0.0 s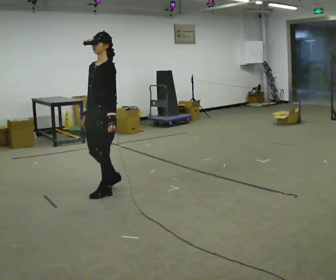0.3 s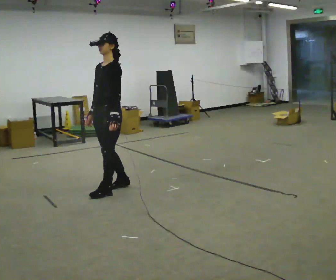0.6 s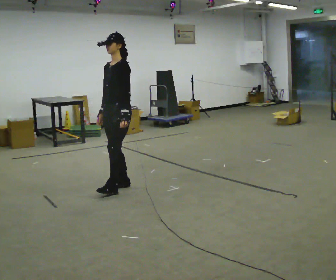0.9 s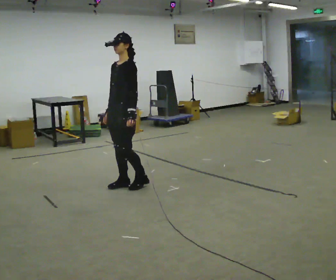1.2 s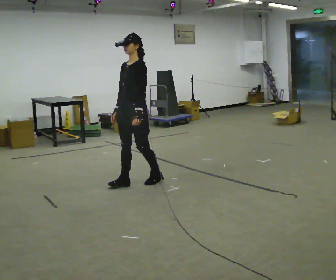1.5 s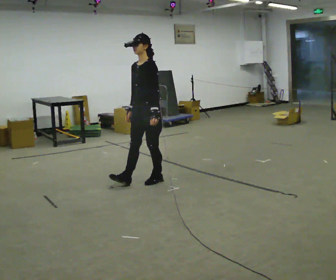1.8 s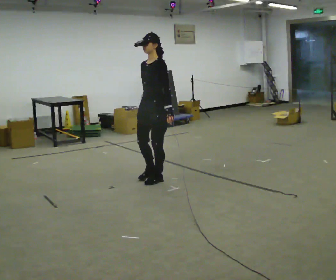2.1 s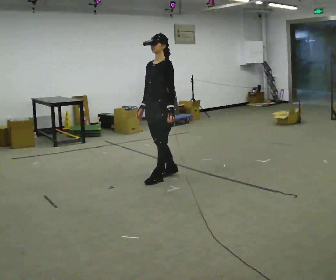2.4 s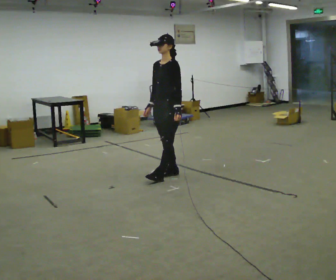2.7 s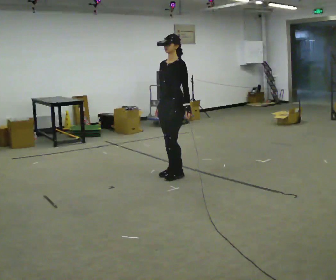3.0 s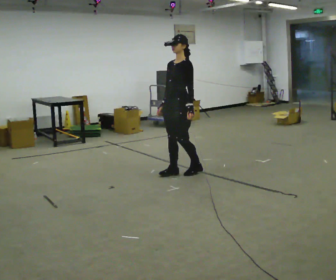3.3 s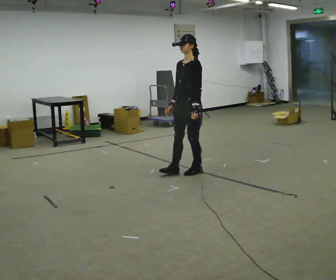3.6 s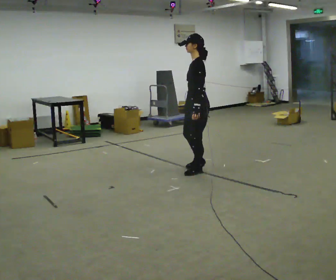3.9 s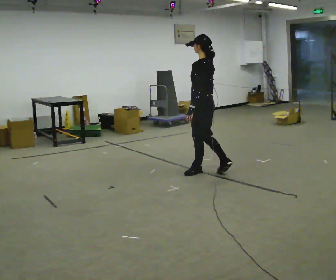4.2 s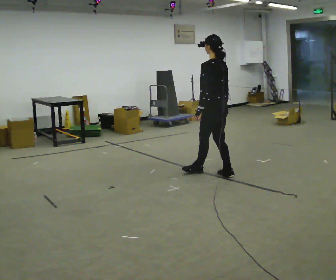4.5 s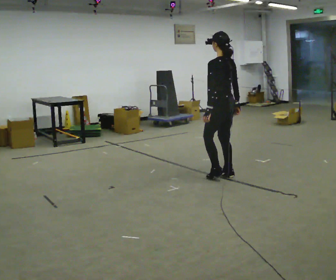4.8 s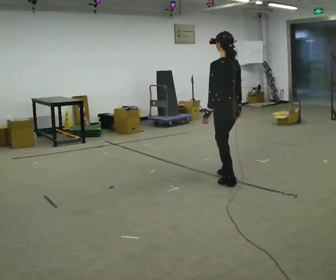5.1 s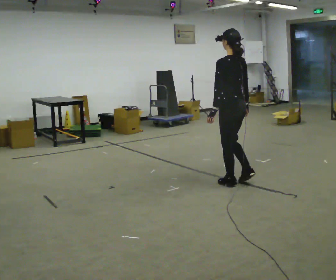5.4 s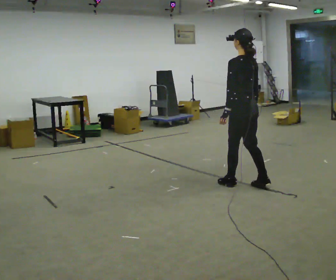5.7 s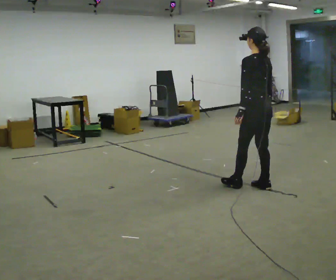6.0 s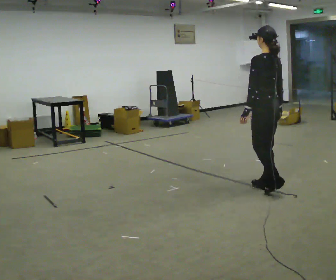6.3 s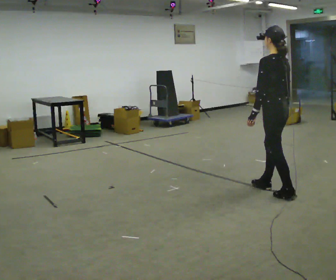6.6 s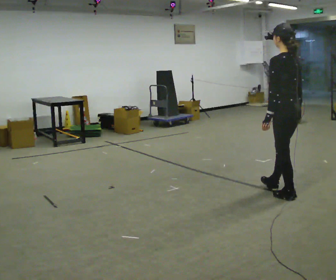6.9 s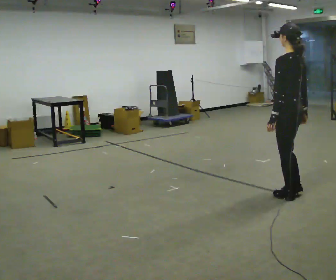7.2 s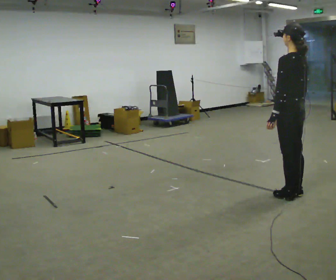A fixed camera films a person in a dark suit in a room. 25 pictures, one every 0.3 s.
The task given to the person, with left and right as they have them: Walk backward several steps, then turn while still moving backward, then continue backward. Operator confirms the space behind you is clear.
0.0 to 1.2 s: In the picture they go away from the camera and to the right, about 0.5 m in 2 steps, which for them is backward.
1.2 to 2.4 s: In the picture they go away from the camera and to the right, about 0.5 m in 1 step, which for them is backward.
2.4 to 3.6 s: The person turns about 30 degrees to their right, clockwise seen from above, so the part of the body nearest the lens slides to the left. In the picture they go to the right, about 0.25 m in 1 step, which for them is backward and to their left.
3.6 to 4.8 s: The part of the body nearest the lens slides to the left as the person turns to their right by about 60 degrees. In the picture they go toward the camera and to the right, about 0.5 m in 2 steps.
4.8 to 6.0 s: In the picture they go to the right and toward the camera, about 0.5 m in 1 step, which for them is backward.
6.0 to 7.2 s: In the picture they go toward the camera and to the right, about 0.25 m in 2 steps, which for them is backward.
The film runs forward here.
